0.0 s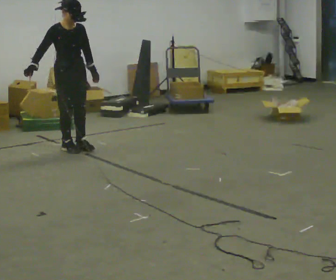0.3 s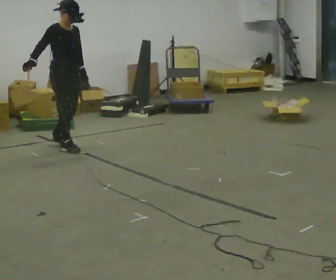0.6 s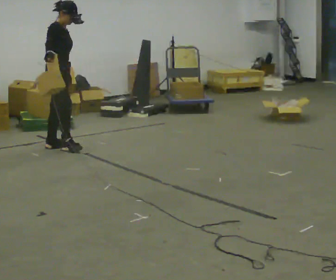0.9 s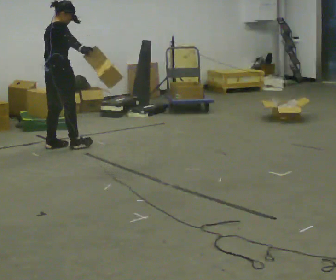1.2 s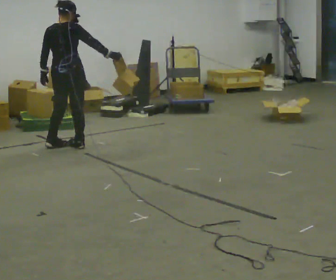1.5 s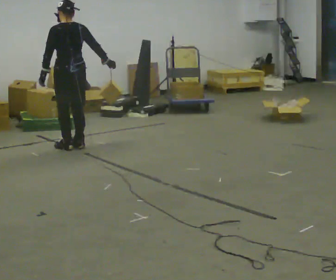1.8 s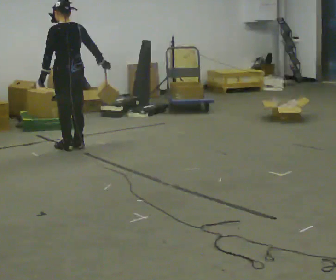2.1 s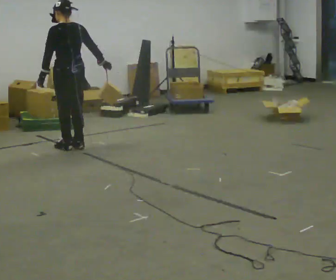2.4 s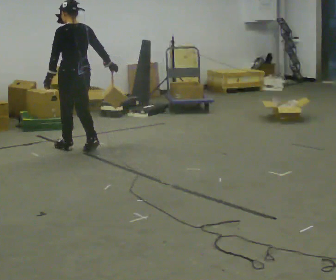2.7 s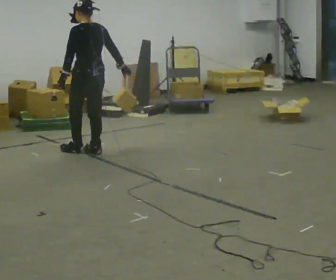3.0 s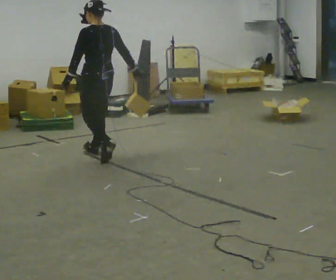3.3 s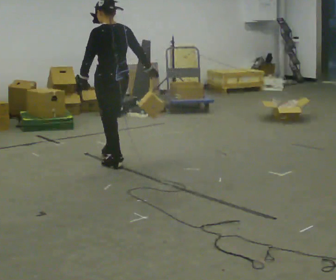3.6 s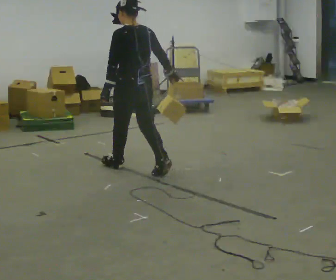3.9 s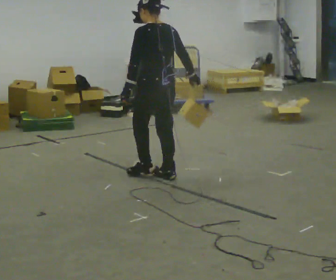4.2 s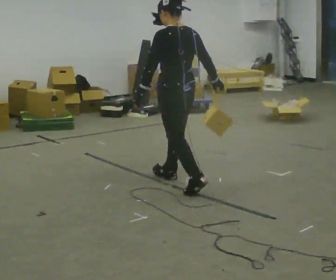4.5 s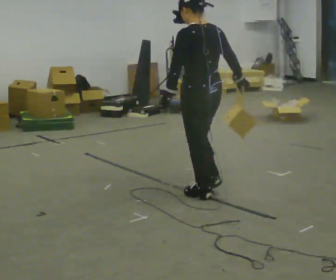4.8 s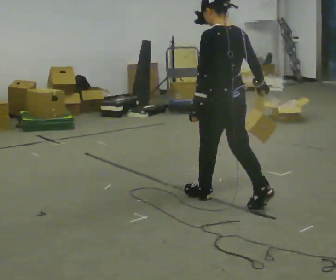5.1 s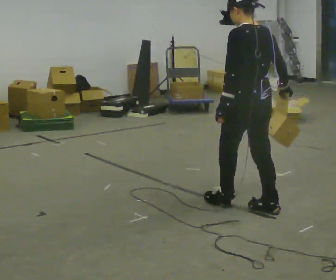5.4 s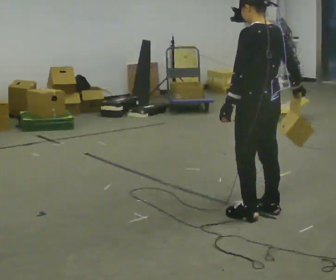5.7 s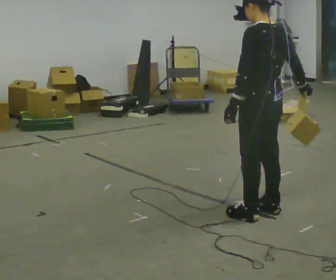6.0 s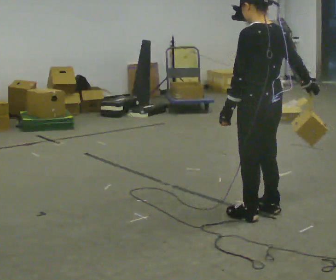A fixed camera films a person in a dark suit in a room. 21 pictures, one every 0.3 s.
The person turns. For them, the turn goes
to their left.
The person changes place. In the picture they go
toward the camera.
0.0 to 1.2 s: The part of the body nearest the lens slides to the right as the person turns to their left by about 135 degrees. In the picture their right hand goes to the right.
1.2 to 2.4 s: Seen from above the body turns counterclockwise, about 45 degrees: to their left, with its near side sliding to the right.
2.4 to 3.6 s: In the picture they go toward the camera and to the right, about 1 m in 2 steps, which for them is backward.
3.6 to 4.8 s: In the picture they go toward the camera and to the right, about 1 m in 2 steps, which for them is backward.
4.8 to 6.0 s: In the picture they go toward the camera and to the right, about 0.5 m in 1 step, which for them is backward.
The film runs backward here.
